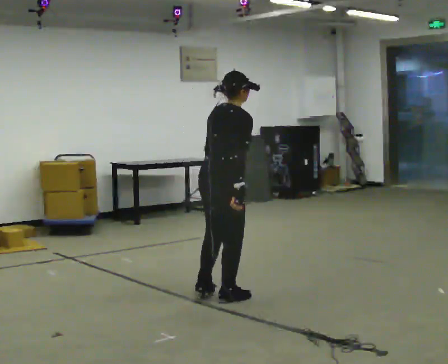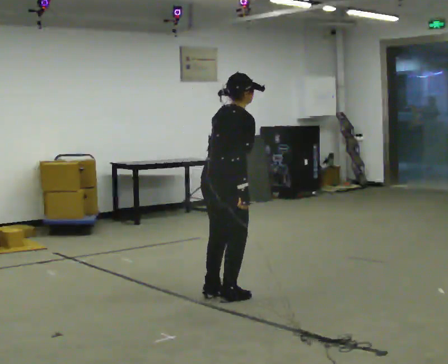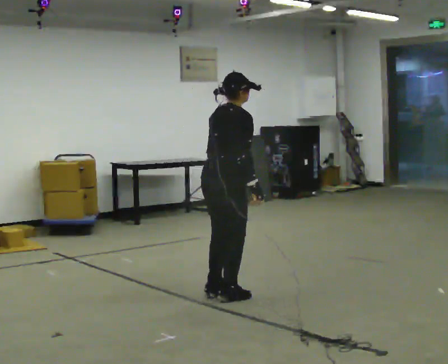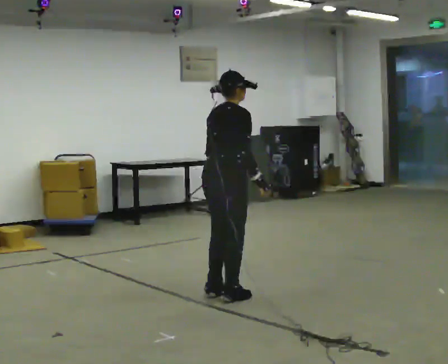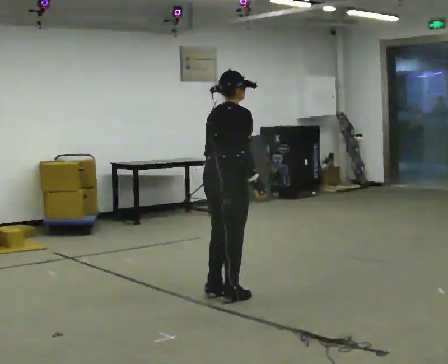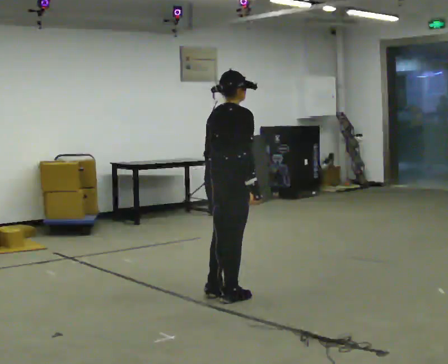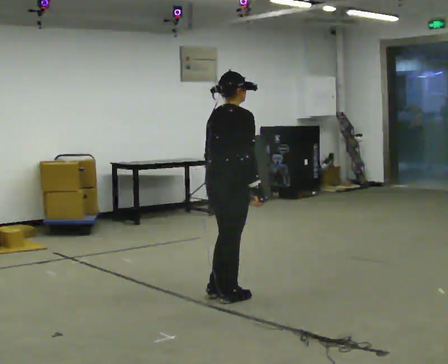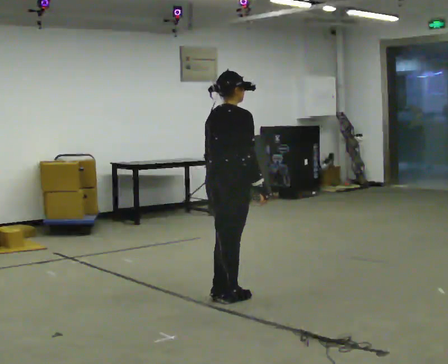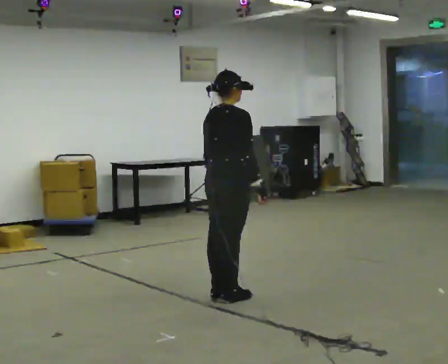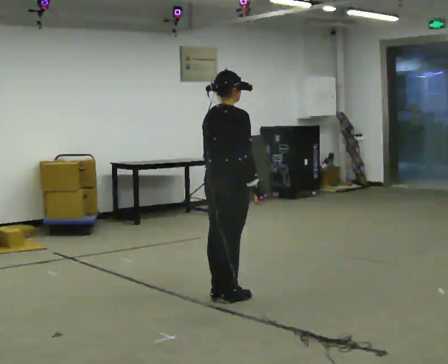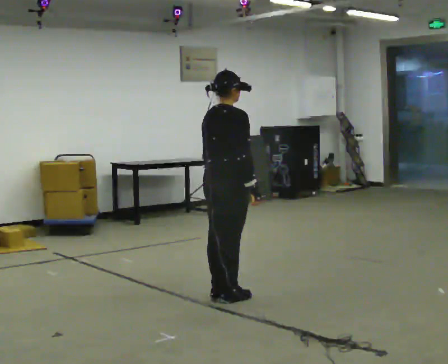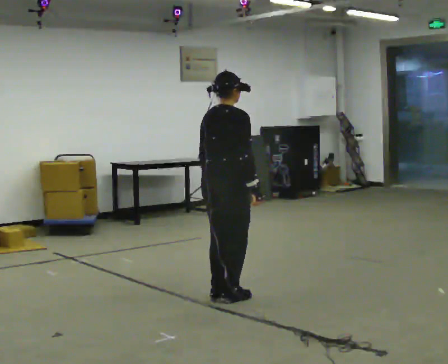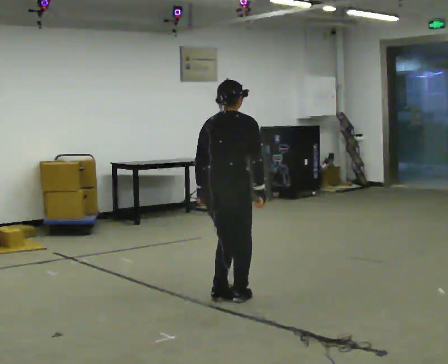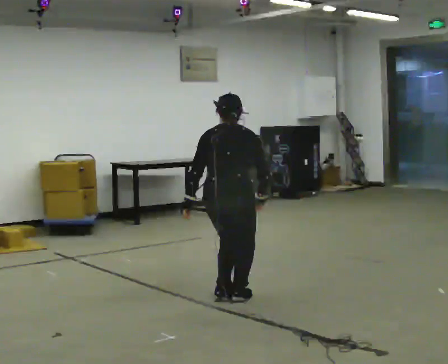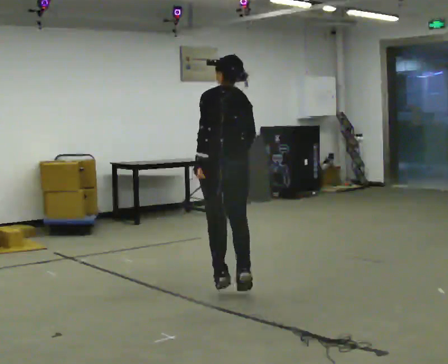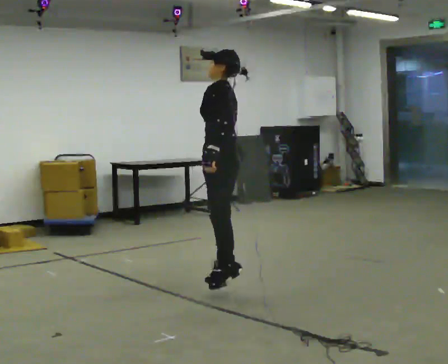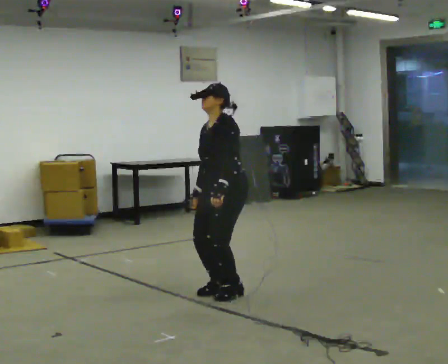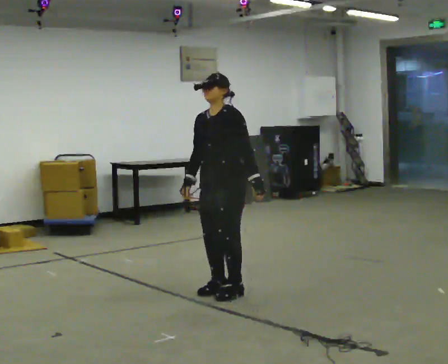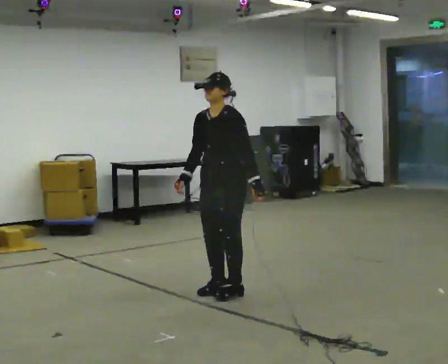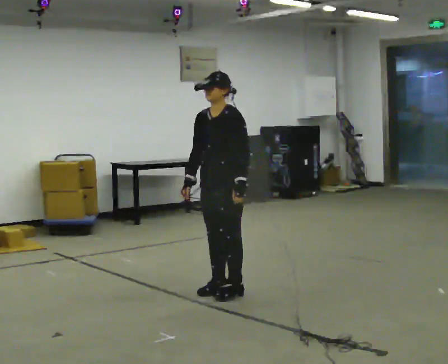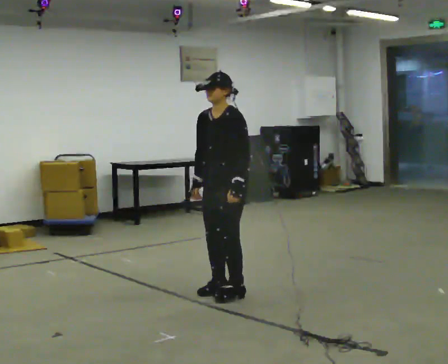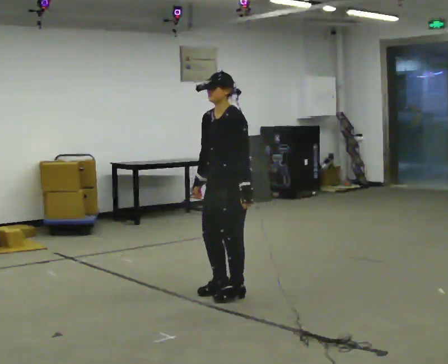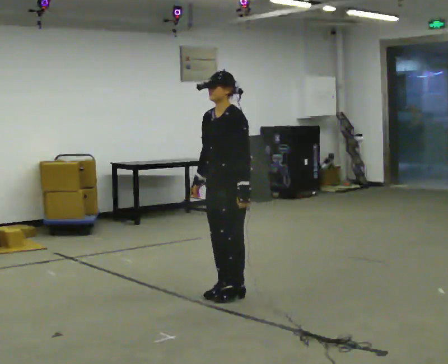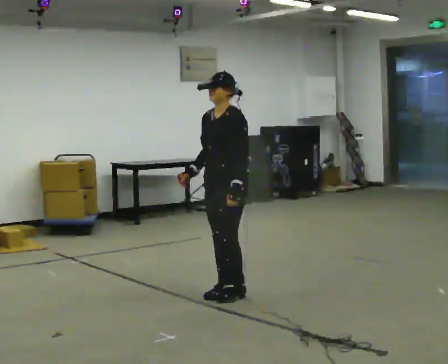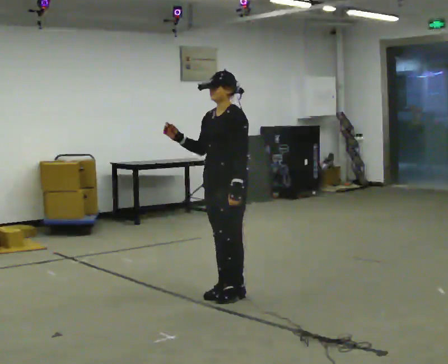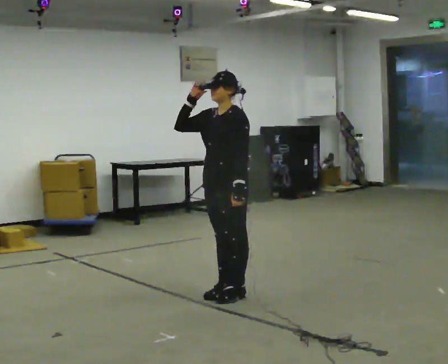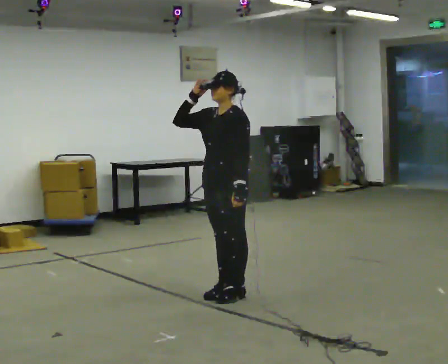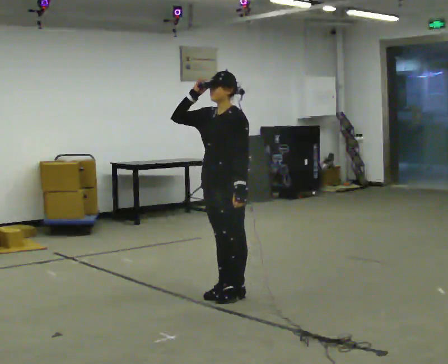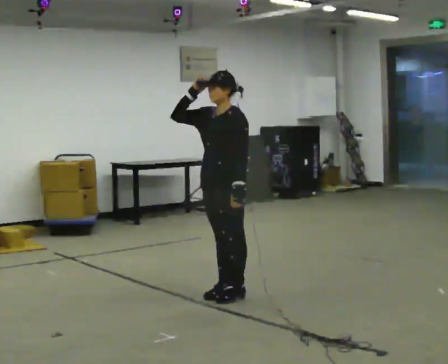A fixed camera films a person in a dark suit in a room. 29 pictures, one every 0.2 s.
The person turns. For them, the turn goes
to their left.
The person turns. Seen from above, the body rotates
counterclockwise.
0.0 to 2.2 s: The person moves a little, or ends about where they began.
2.2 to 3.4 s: Seen from above the body turns counterclockwise, about 180 degrees: to their left, with its near side sliding to the right. In the picture their left hand goes to the right.
3.4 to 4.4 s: The person moves a little, or ends about where they began.
4.4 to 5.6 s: In the picture their right hand goes upward.
The film runs forward here.
